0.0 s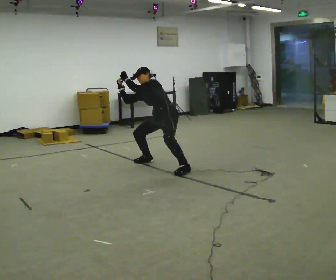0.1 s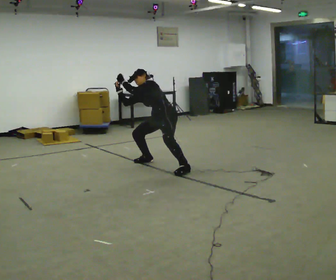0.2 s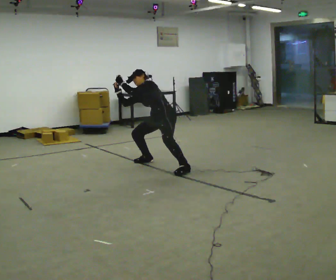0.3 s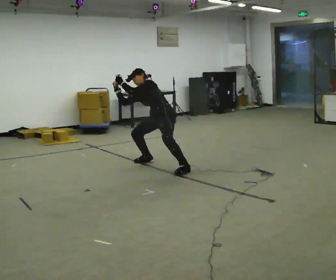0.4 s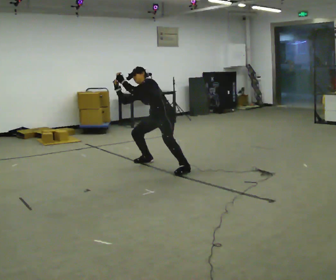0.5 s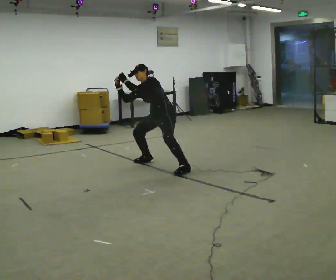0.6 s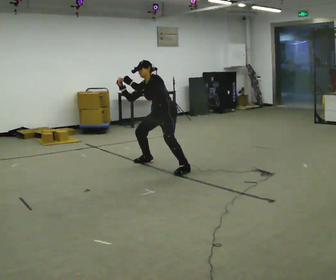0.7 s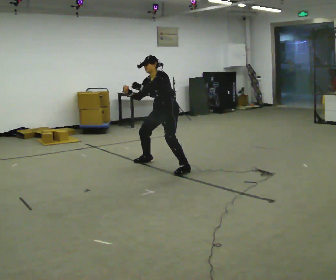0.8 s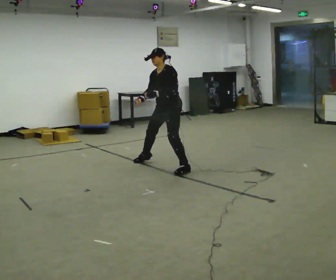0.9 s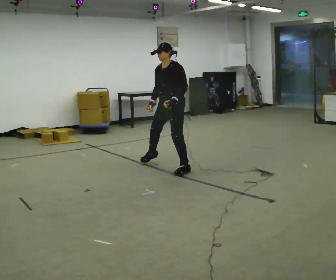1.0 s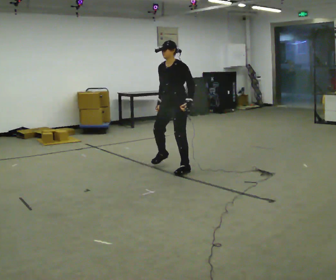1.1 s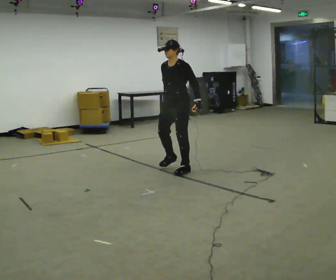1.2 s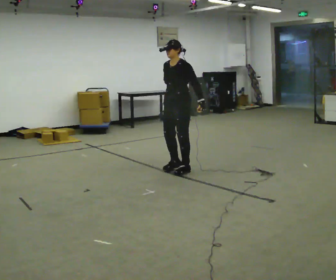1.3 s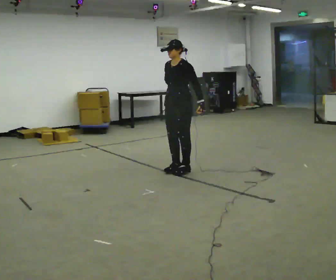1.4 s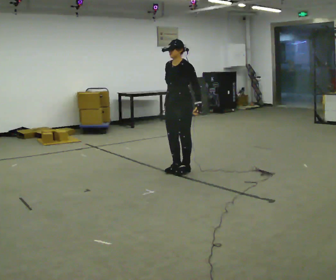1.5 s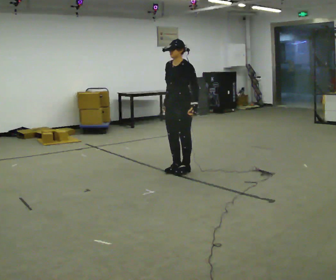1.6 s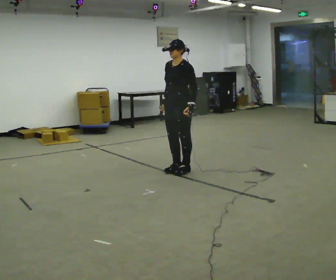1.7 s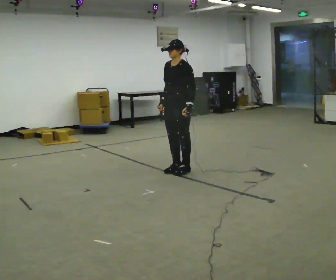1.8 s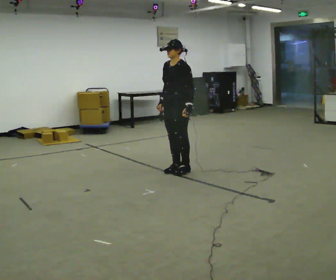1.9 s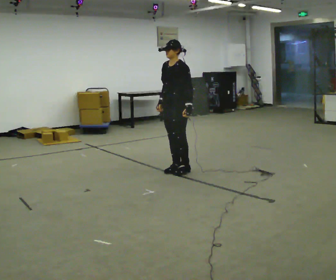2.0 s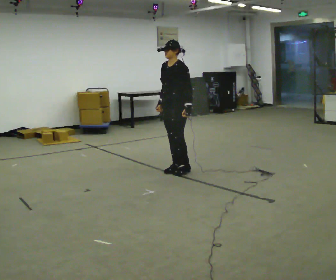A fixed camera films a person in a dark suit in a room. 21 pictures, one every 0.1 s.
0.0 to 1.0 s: In the picture they go toward the camera, about 0.25 m, which for them is to their left. The shoulders move upward. In the picture the upper body tilts clockwise, shoulders to the right, as they lean back or straighten.
1.0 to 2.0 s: The person moves a little, or ends about where they began.
The film runs forward here.
